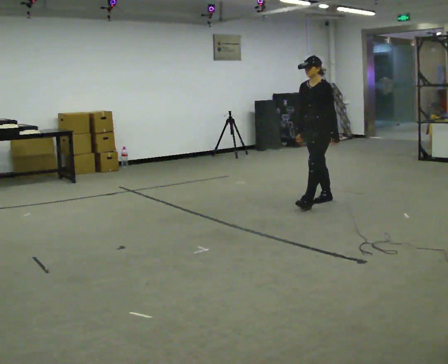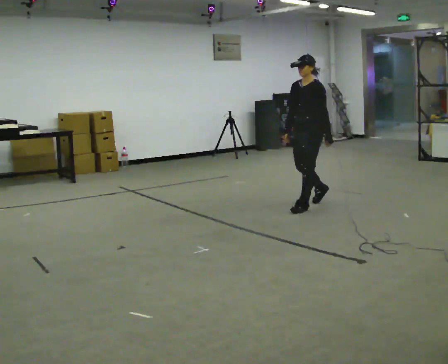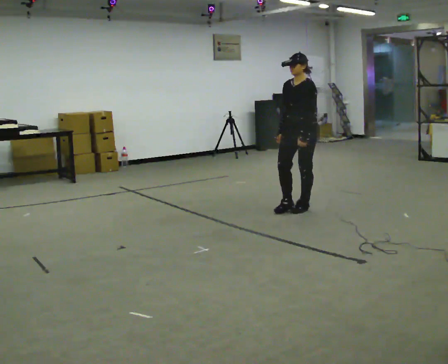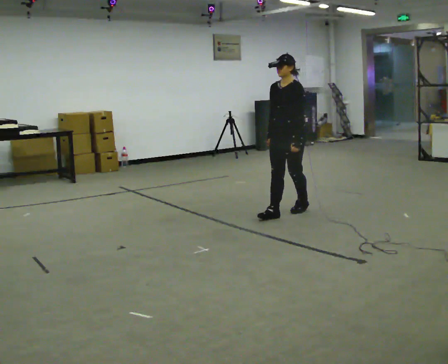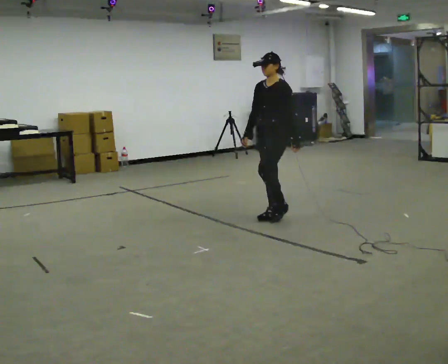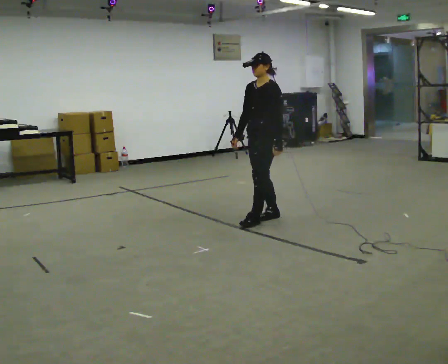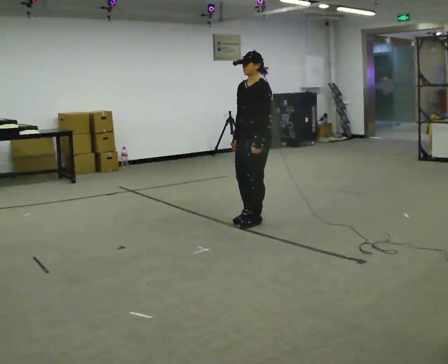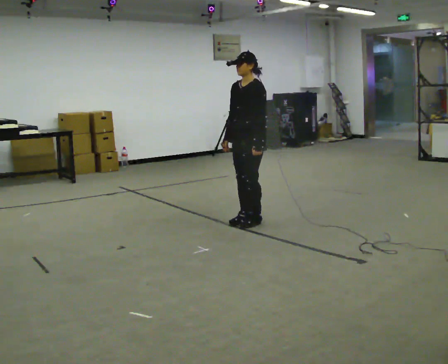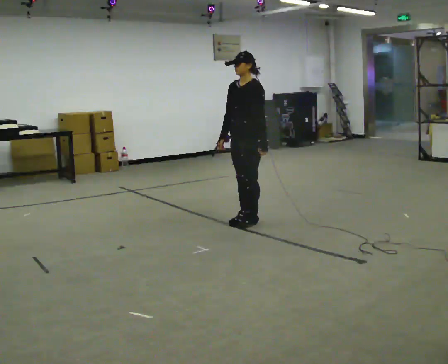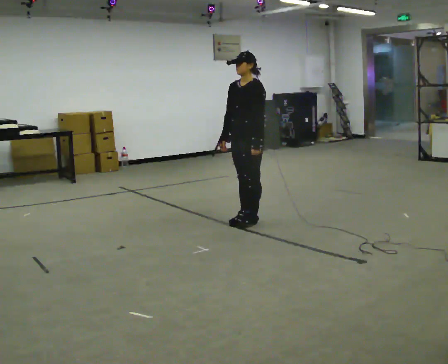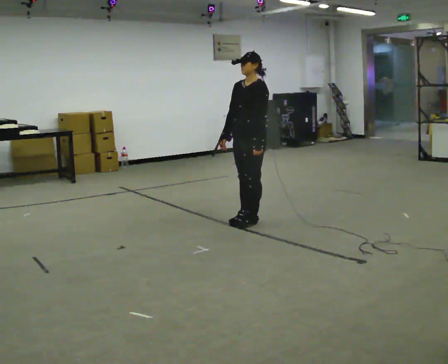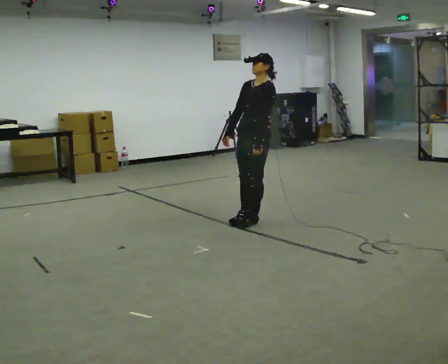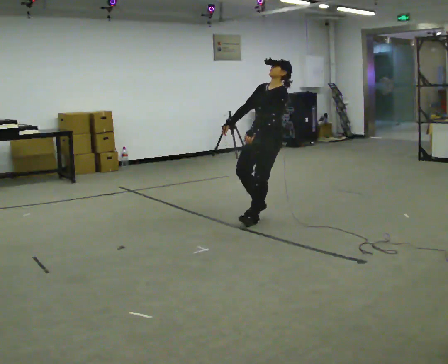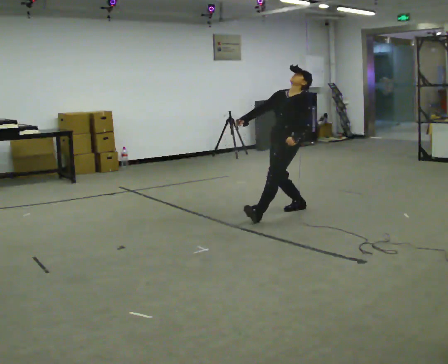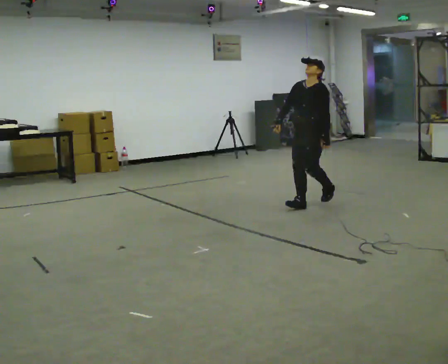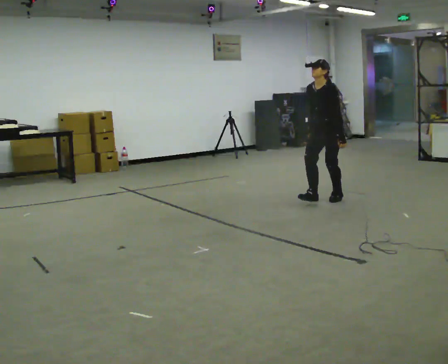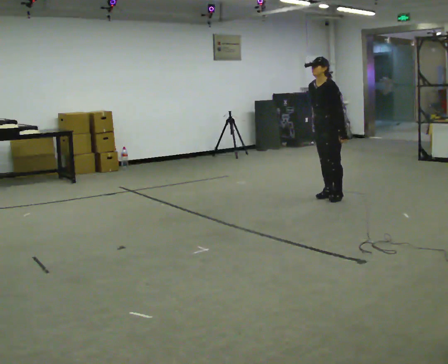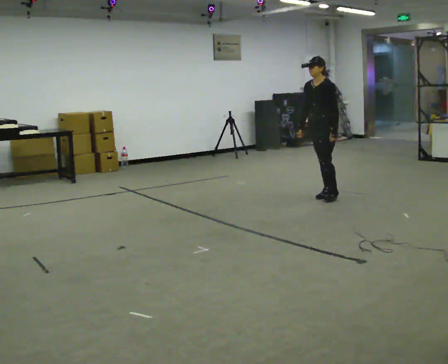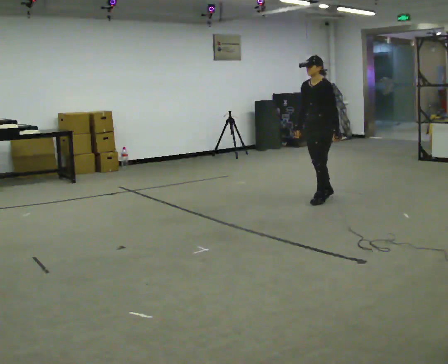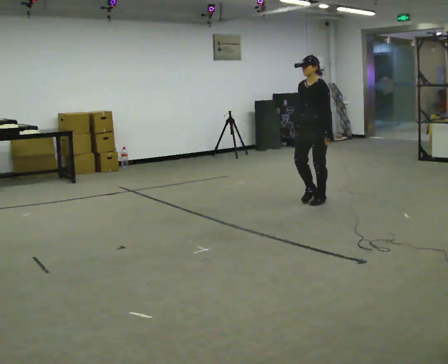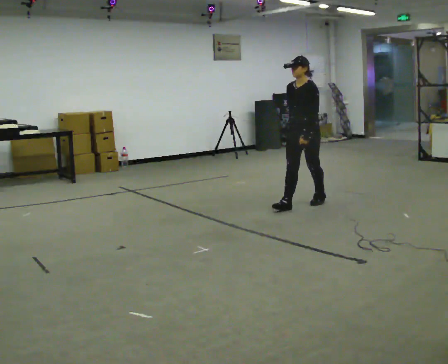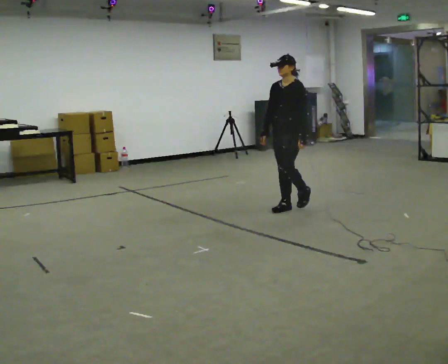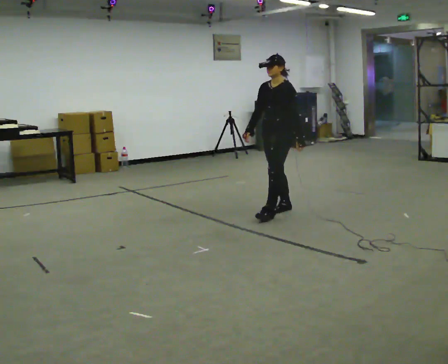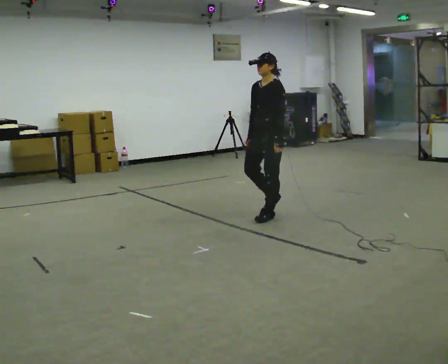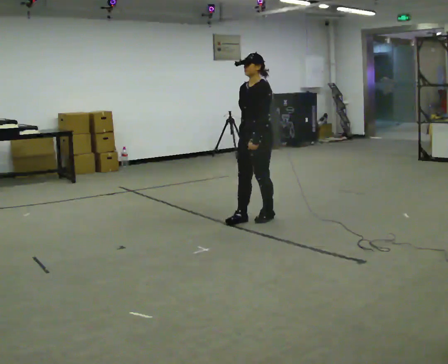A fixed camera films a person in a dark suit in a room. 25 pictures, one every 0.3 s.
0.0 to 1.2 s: In the picture they go toward the camera and to the left, about 0.5 m in 2 steps, which for them is forward.
1.2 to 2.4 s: In the picture they go to the left and toward the camera, about 0.25 m in 2 steps, which for them is forward.
2.4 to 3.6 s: In the picture they go away from the camera and to the right, about 0.25 m, which for them is backward.
3.6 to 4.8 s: In the picture they go away from the camera and to the right, about 1 m in 3 steps, which for them is backward. In the picture the upper body tilts counterclockwise, shoulders to the left.
4.8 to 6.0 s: In the picture they go toward the camera and to the left, about 0.5 m in 2 steps, which for them is forward.
6.0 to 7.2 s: In the picture they go toward the camera and to the left, about 0.5 m in 2 steps, which for them is forward.
The film runs forward here.
